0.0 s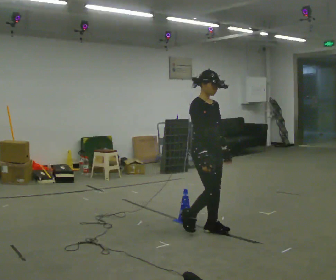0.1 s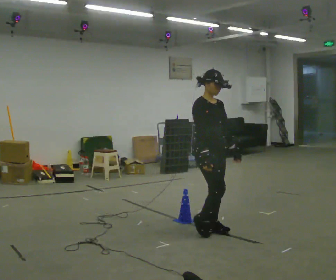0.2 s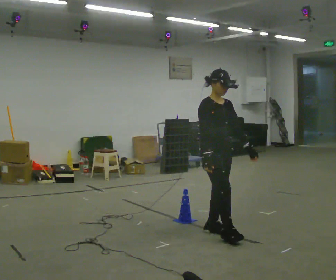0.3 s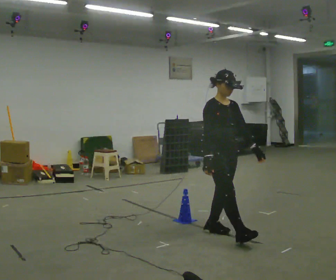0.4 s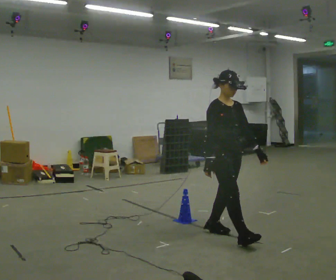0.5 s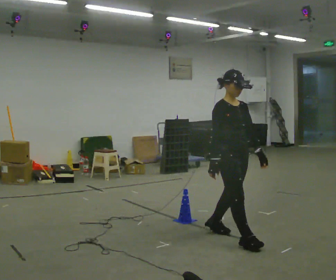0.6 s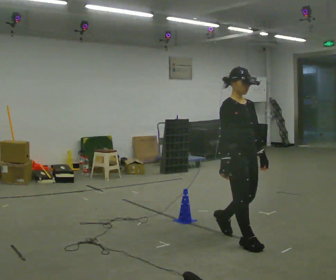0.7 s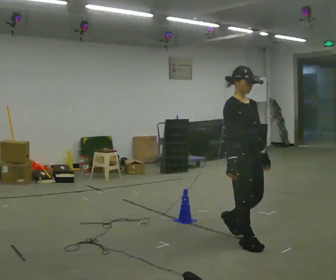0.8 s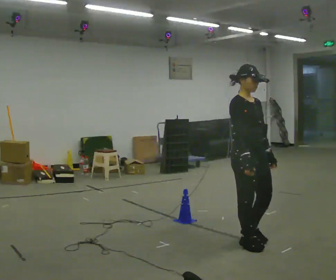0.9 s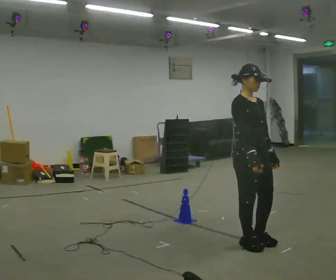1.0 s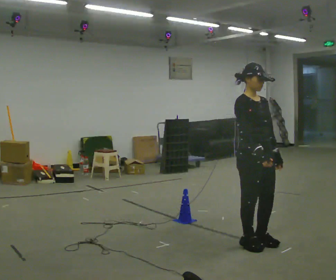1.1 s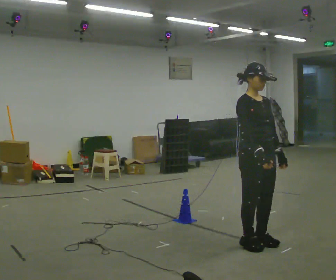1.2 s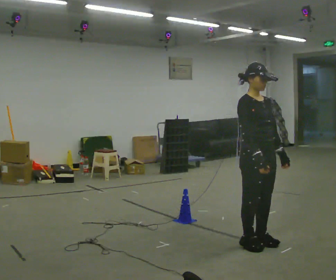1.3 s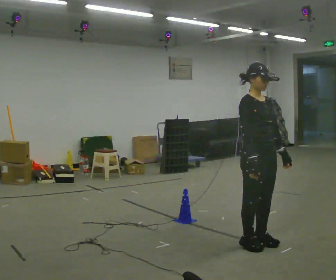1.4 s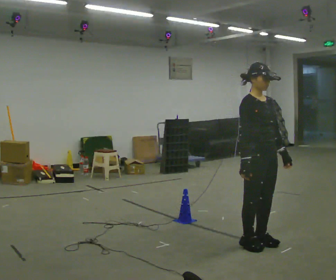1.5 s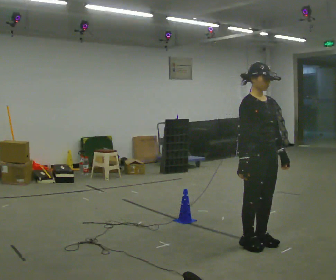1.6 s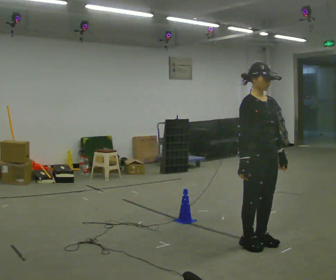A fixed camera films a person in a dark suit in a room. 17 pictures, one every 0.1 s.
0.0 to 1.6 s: In the picture they go to the right and toward the camera, about 0.75 m in 2 steps, which for them is forward.
The film runs forward here.
